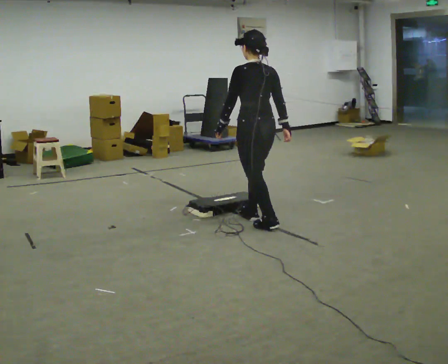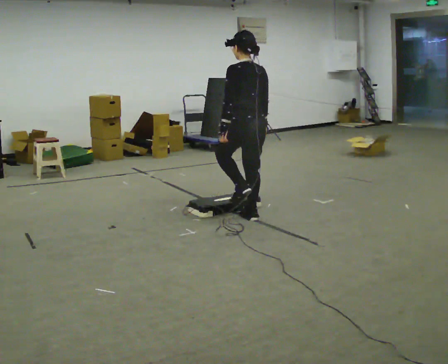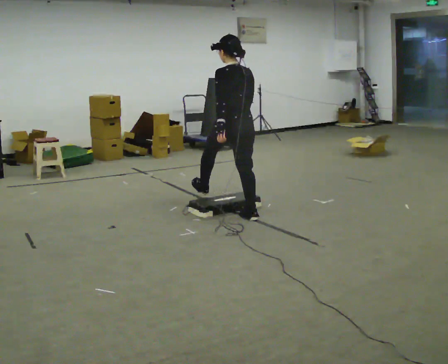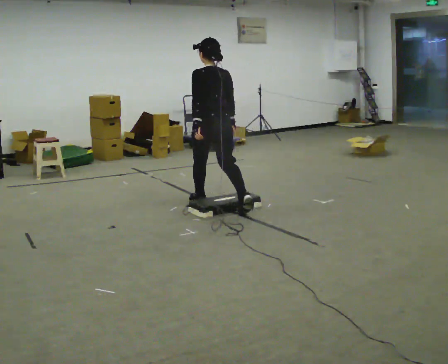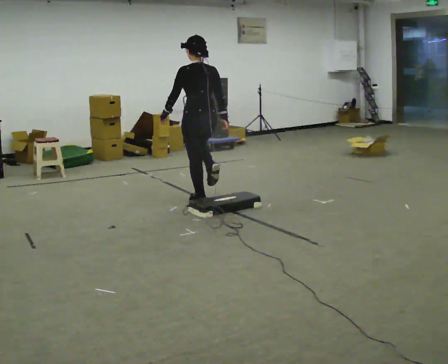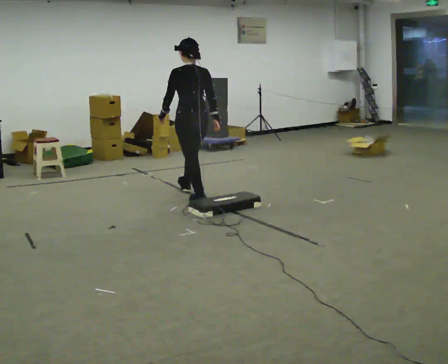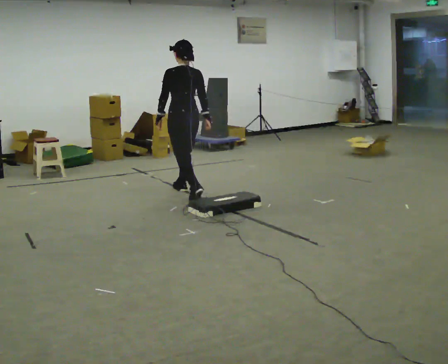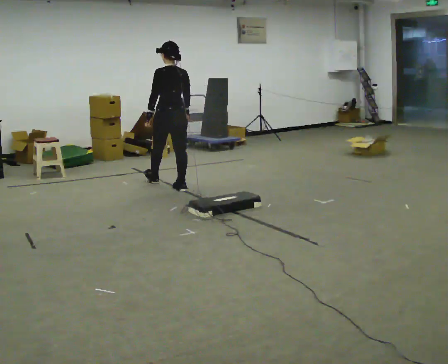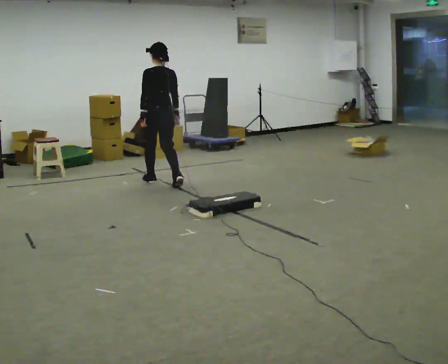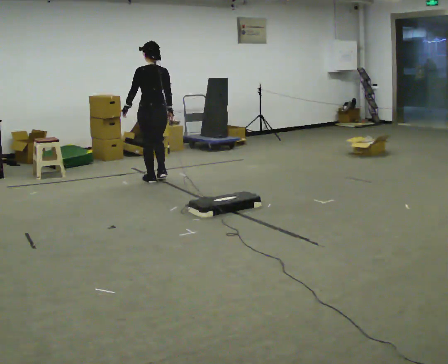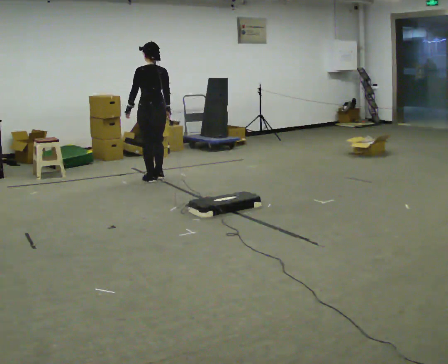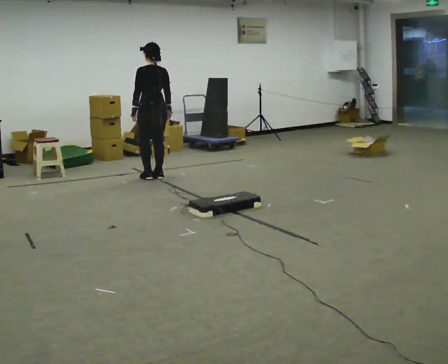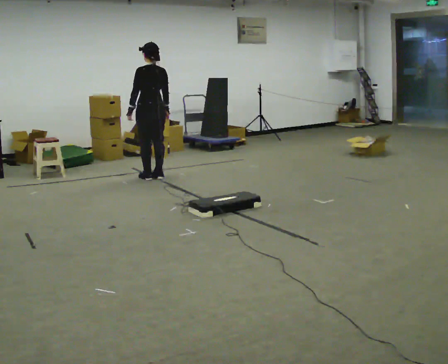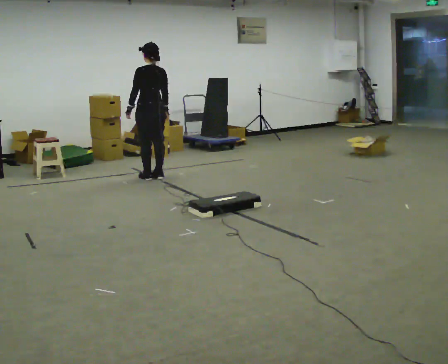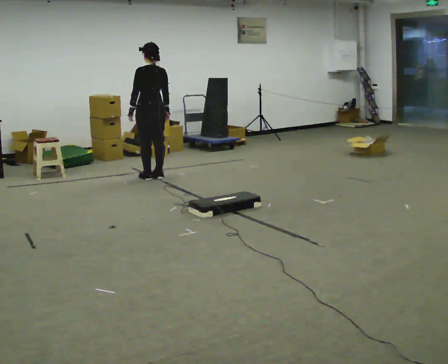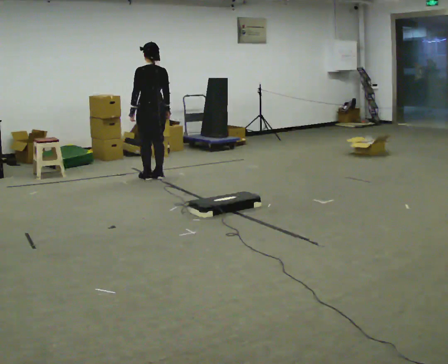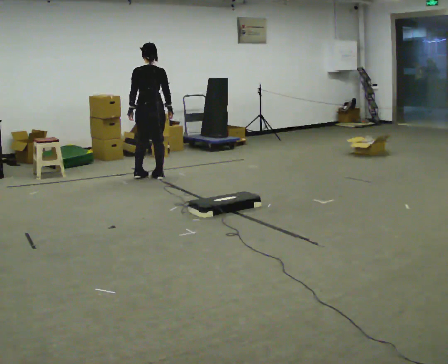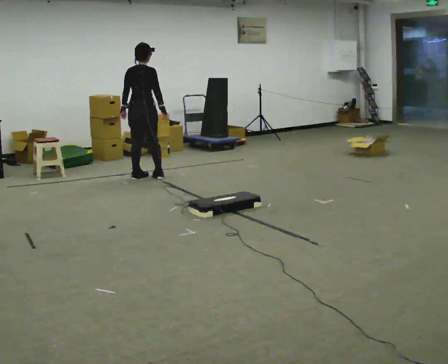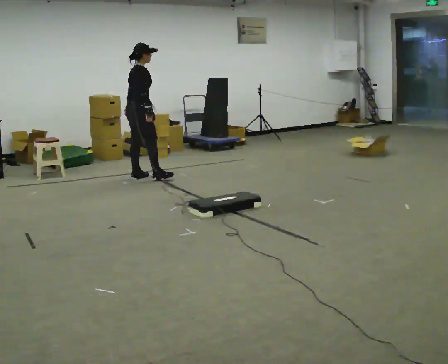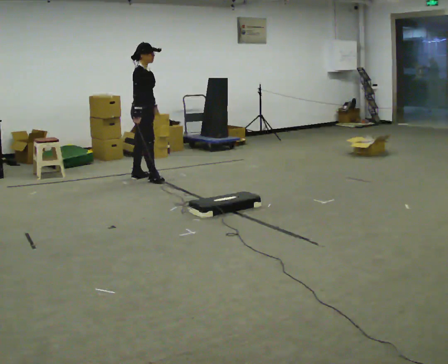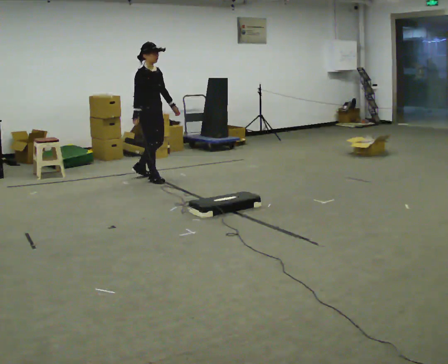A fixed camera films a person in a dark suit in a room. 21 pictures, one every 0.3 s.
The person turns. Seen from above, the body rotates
clockwise.
The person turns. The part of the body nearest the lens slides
to the left.
0.0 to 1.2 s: In the picture they go away from the camera and to the left, about 1 m in 1 step, which for them is forward.
1.2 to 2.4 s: In the picture they go away from the camera and to the left, about 1 m in 2 steps, which for them is forward.
2.4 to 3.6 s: In the picture they go away from the camera, about 0.25 m in 2 steps, which for them is forward.
3.6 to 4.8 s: The part of the body nearest the lens slides to the left as the person turns to their right by about 45 degrees.
4.8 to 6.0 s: Seen from above the body turns clockwise, about 120 degrees: to their right, with its near side sliding to the left. In the picture they go toward the camera, about 0.25 m. In the picture their left hand goes to the right, the arm swinging counterclockwise.
The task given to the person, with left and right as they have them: Walk toward low obstacle; step over without stopping; continue.
The film runs forward here.
